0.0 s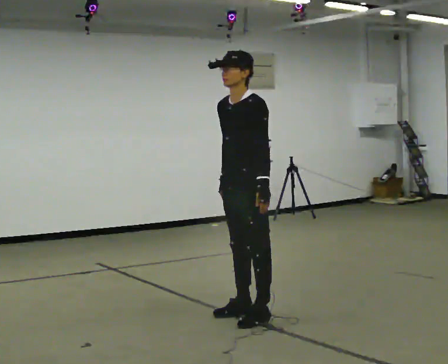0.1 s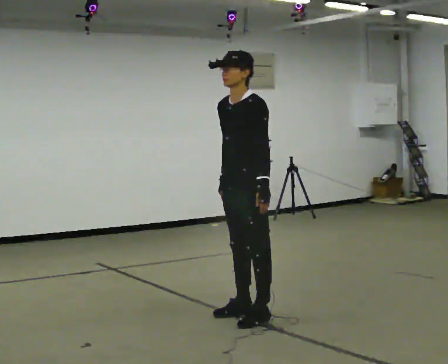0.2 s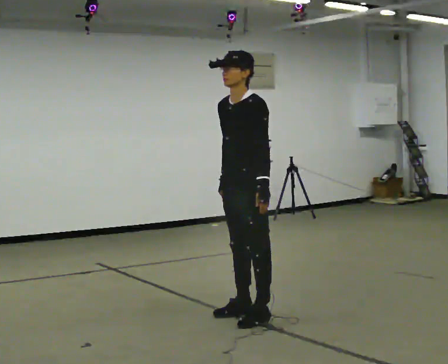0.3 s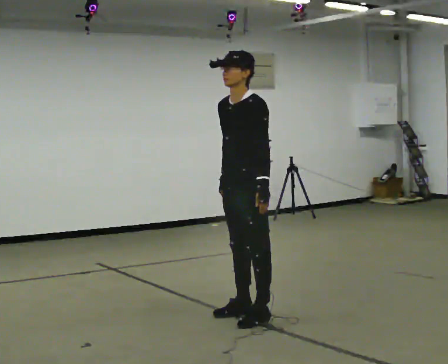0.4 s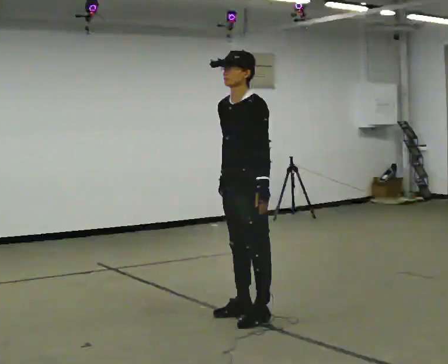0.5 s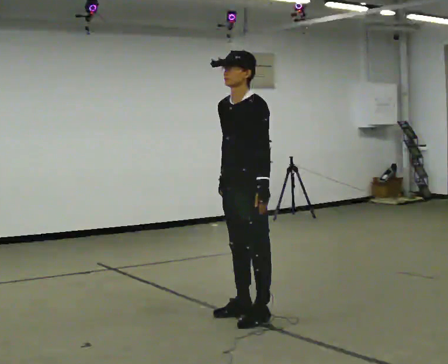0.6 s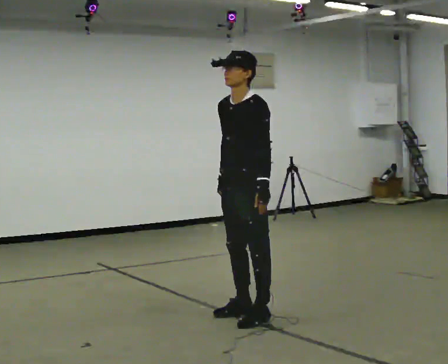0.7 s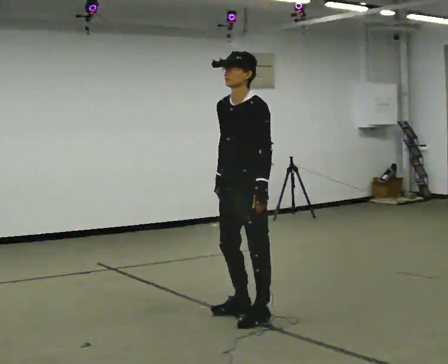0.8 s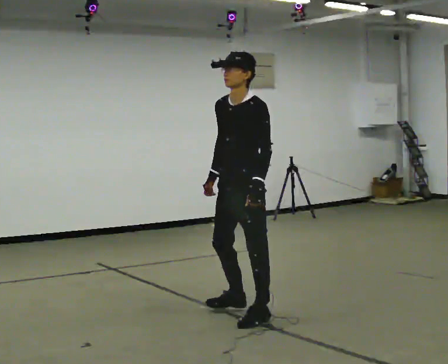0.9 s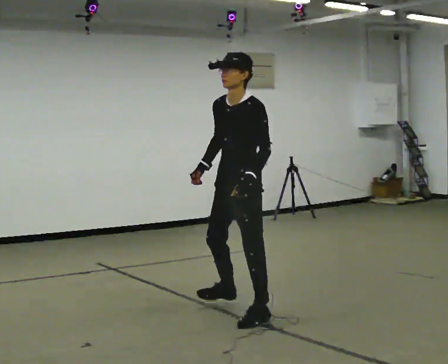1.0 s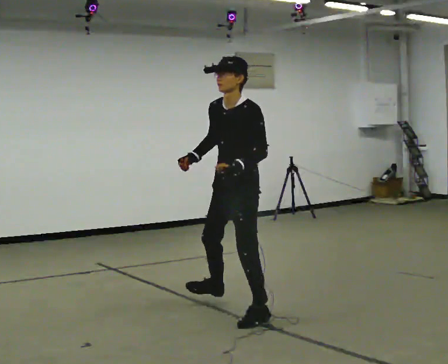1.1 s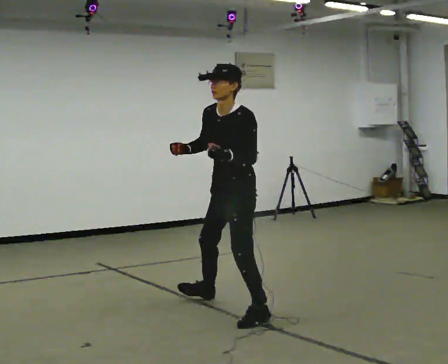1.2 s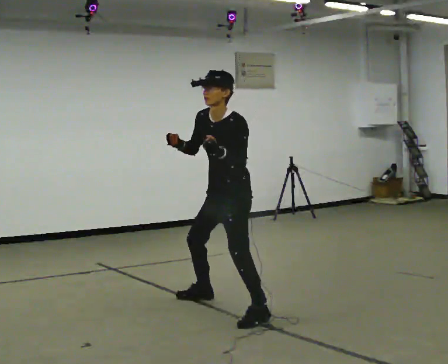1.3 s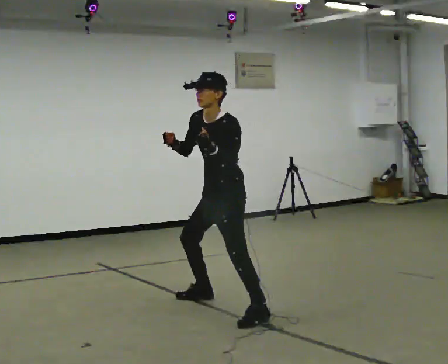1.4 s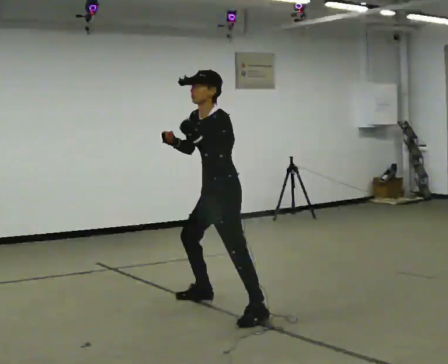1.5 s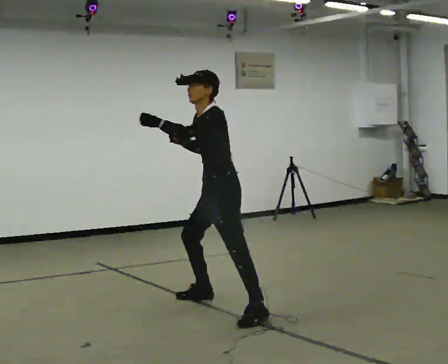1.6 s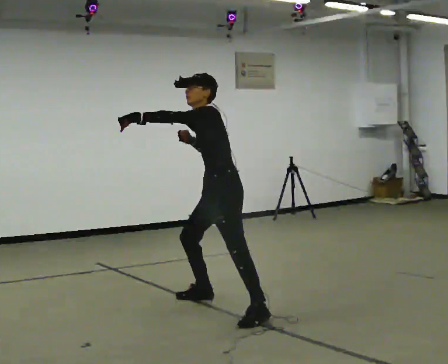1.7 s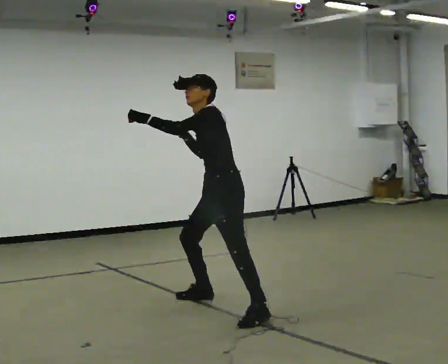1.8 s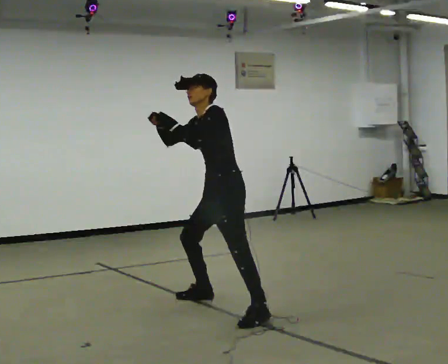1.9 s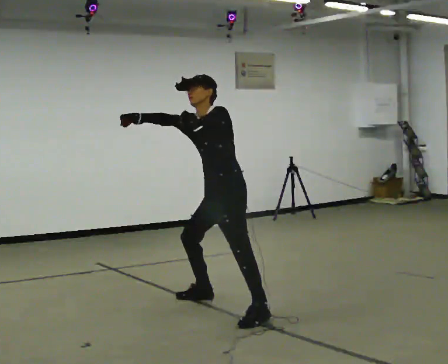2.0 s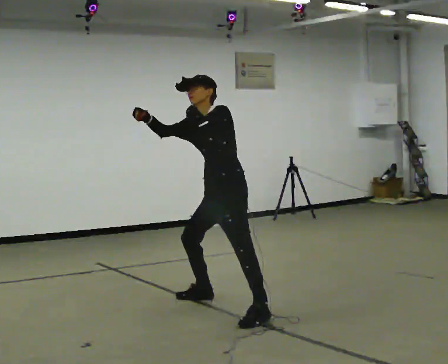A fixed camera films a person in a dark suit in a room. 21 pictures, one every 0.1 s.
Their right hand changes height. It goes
upward.
0.0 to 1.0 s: The person moves a little, or ends about where they began.
1.0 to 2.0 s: In the picture they go away from the camera, about 0.25 m in 1 step, which for them is to their right. In the picture the upper body tilts counterclockwise, shoulders to the left.
The film runs forward here.
